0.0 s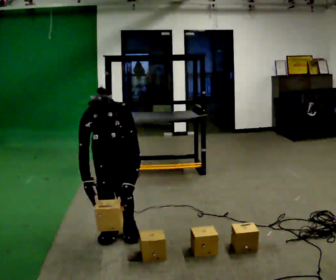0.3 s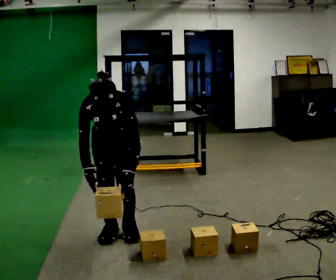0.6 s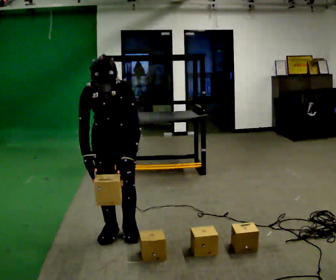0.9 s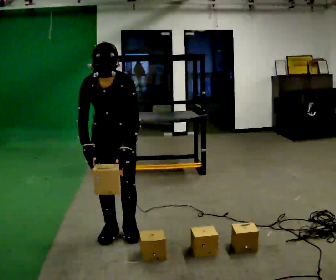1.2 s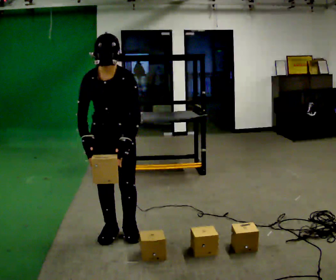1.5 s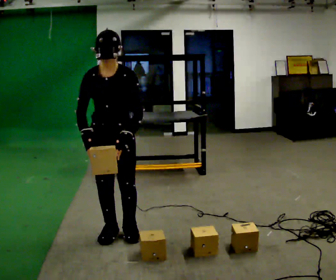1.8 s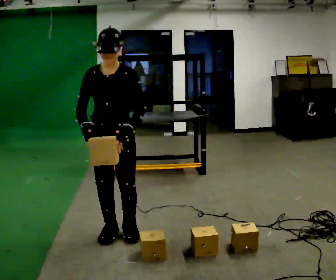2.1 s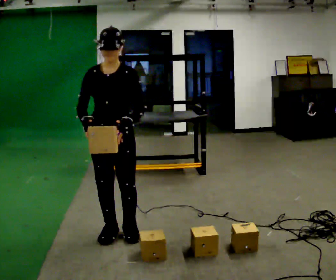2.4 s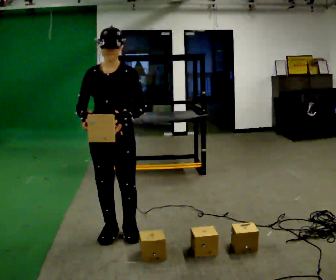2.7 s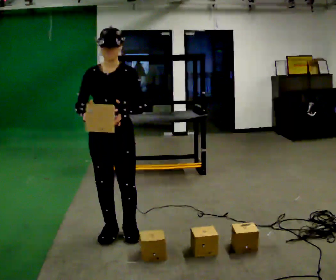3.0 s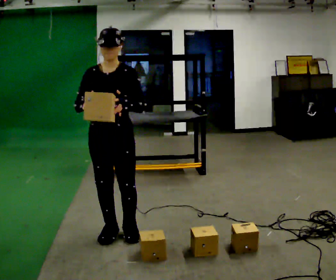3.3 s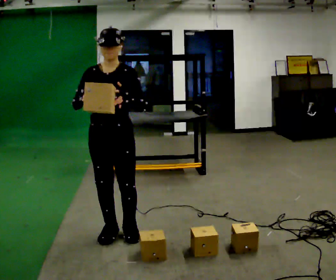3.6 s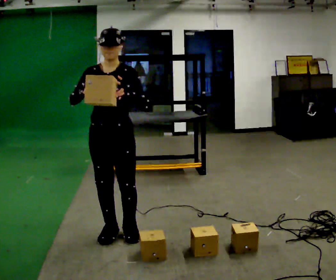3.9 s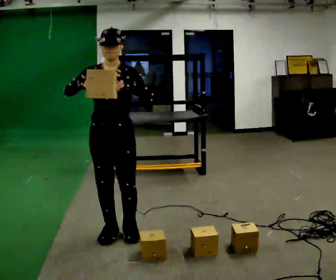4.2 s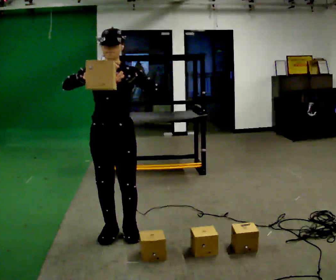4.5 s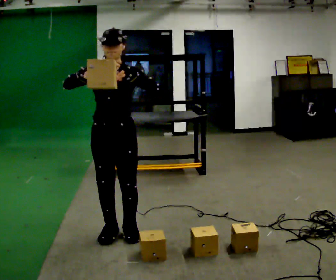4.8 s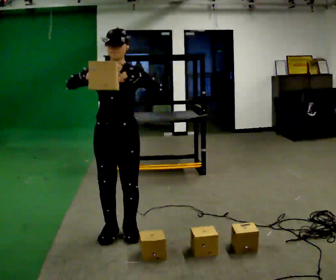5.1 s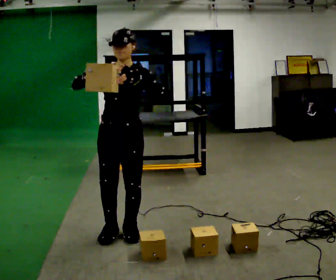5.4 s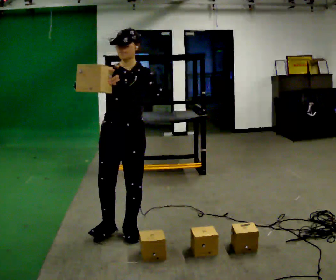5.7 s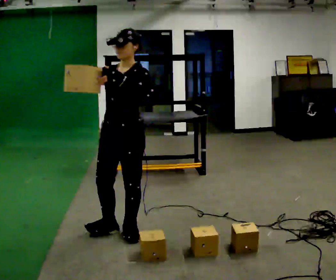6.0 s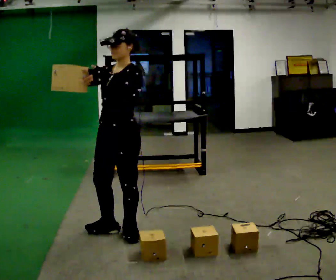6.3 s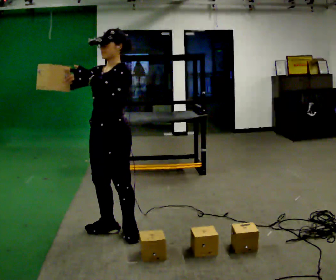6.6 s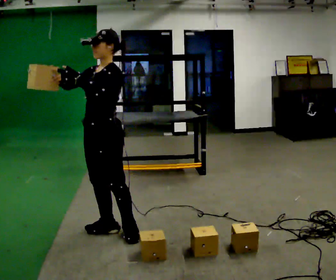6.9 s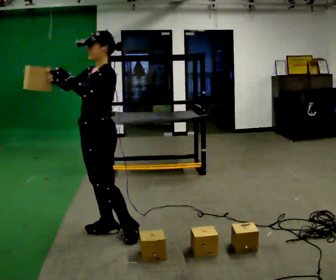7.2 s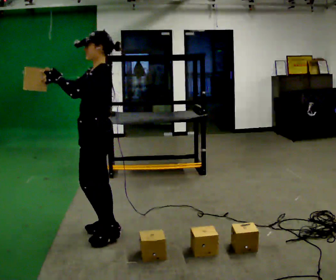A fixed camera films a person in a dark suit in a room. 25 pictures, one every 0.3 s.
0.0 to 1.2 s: The upper body goes upward. The upper body tips away from the camera, its near side rolling upward, as they lean back or straighten.
1.2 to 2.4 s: The upper body tips away from the camera, its near side rolling upward, as they lean back or straighten.
2.4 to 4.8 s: The person moves a little, or ends about where they began.
4.8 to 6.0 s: The part of the body nearest the lens slides to the left as the person turns to their right by about 30 degrees.
6.0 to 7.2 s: The part of the body nearest the lens slides to the left as the person turns to their right by about 30 degrees. In the picture they go to the left, about 0.25 m, which for them is to their right.
The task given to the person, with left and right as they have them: Pick an object up off the floor, carry it across the room, and place it on the highest shelf you can comfortably reach. Keep going until the operator says stop; one object at a time, and do not rush between trips.
The film runs forward here.
